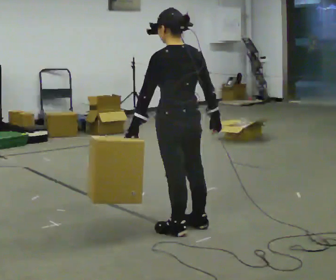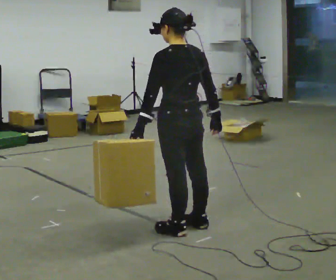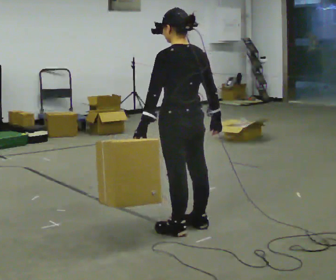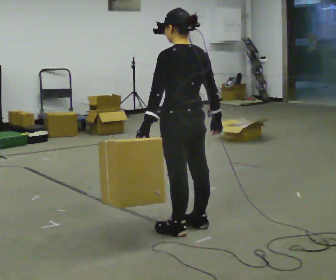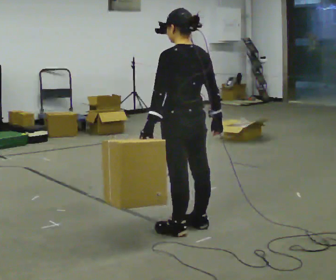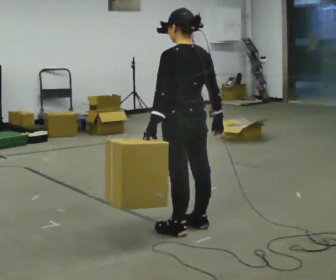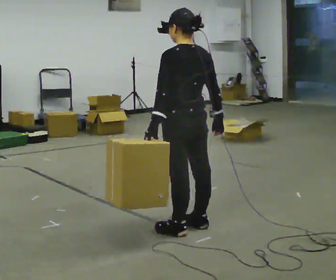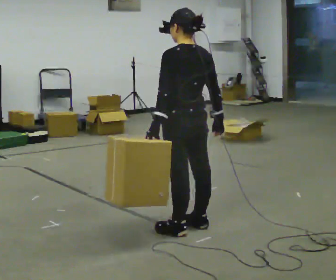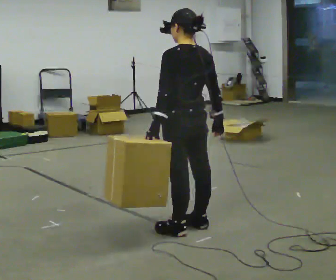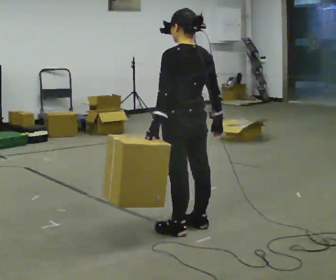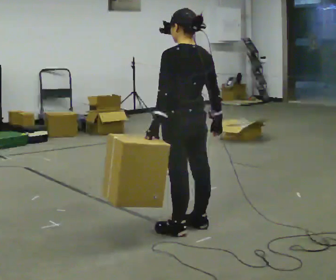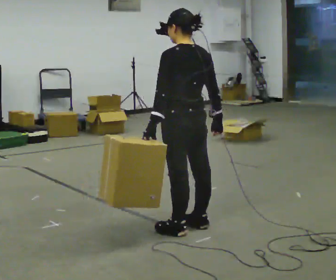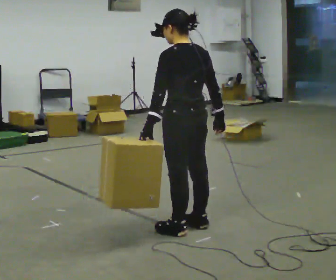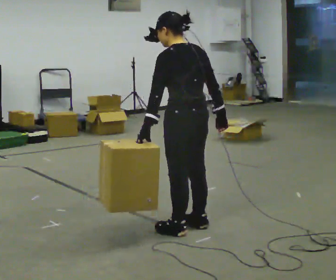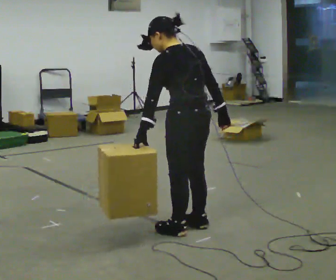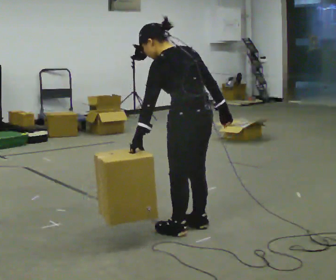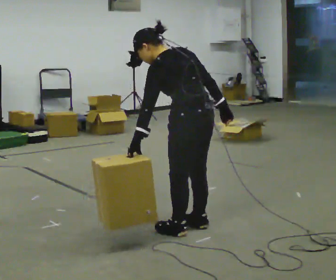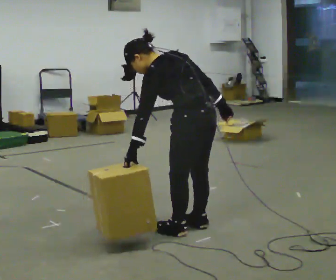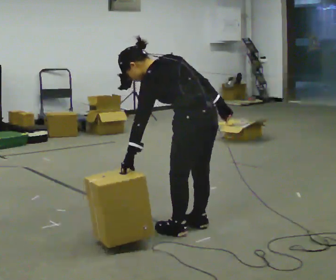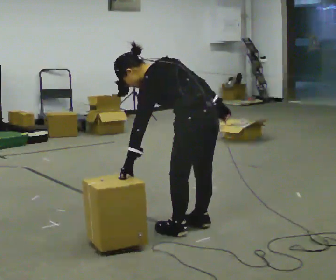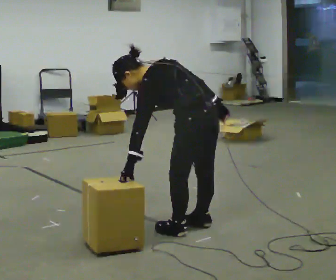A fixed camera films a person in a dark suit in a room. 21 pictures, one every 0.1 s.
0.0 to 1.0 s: The person moves a little, or ends about where they began.
1.0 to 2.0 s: In the picture the upper body tilts counterclockwise, shoulders to the left, as they bend forward.
The film runs backward here.
